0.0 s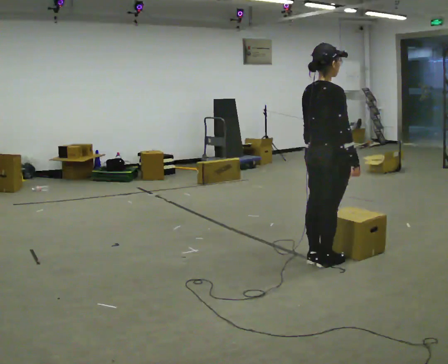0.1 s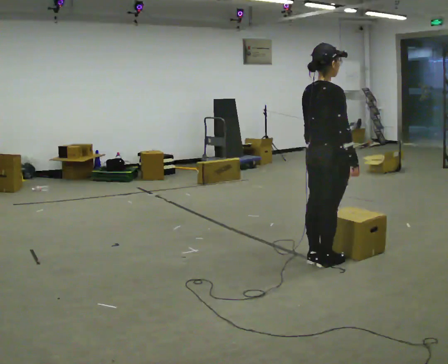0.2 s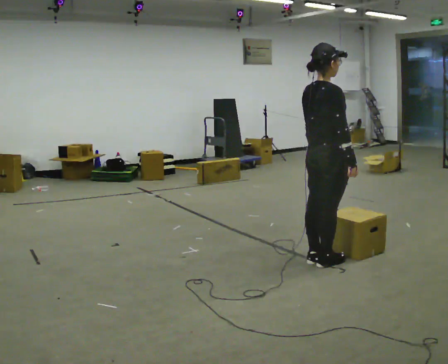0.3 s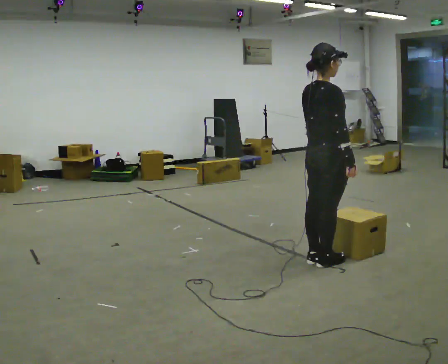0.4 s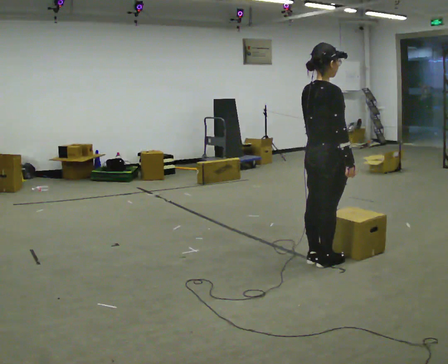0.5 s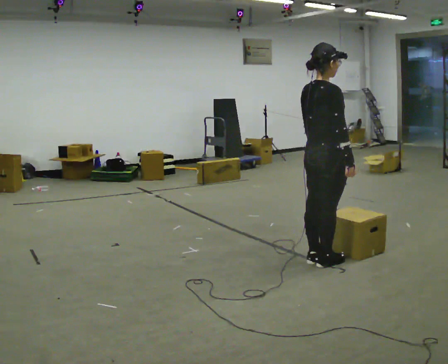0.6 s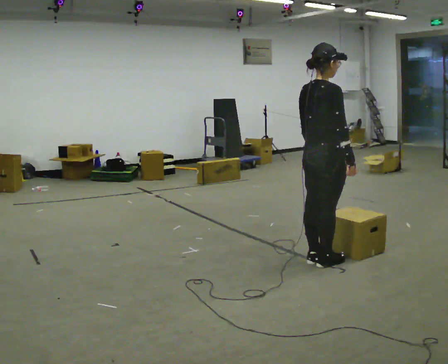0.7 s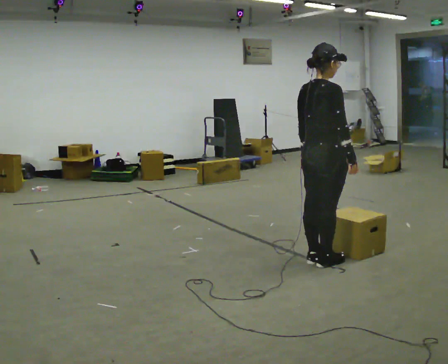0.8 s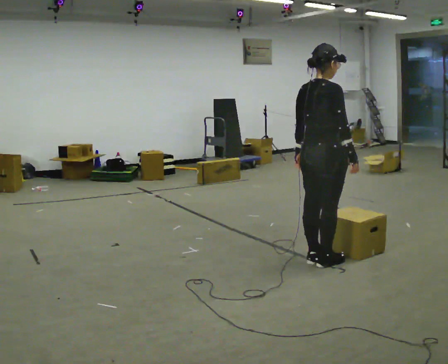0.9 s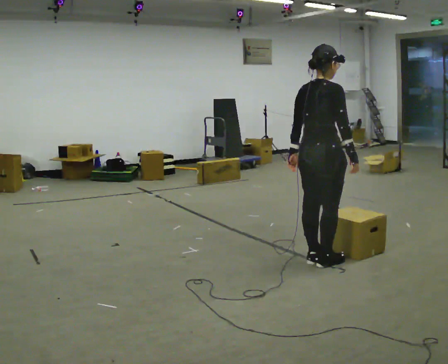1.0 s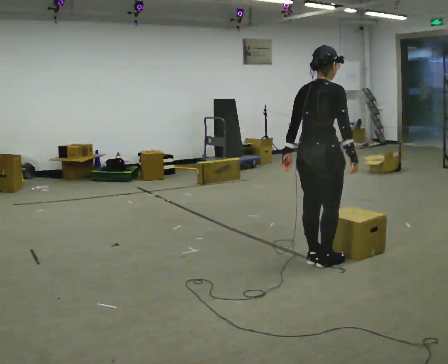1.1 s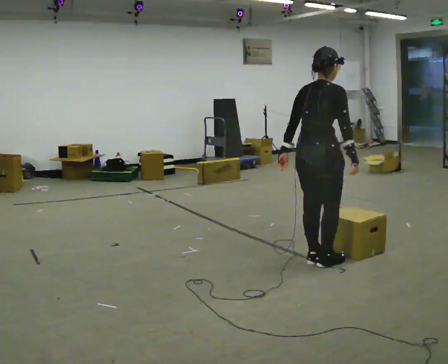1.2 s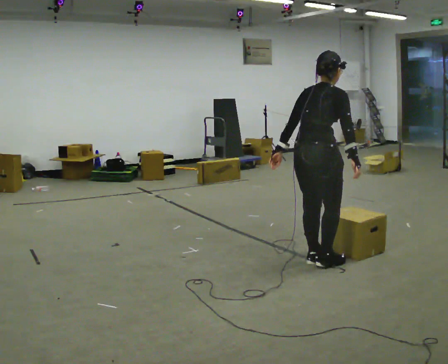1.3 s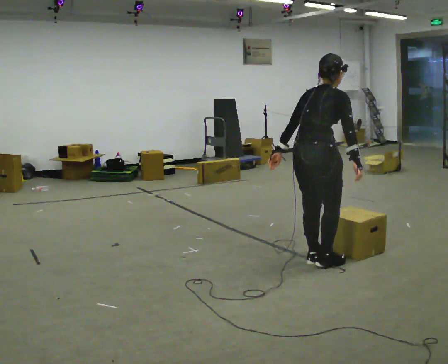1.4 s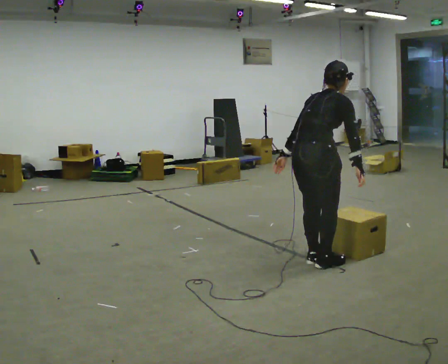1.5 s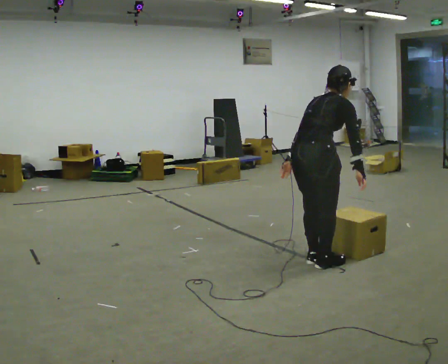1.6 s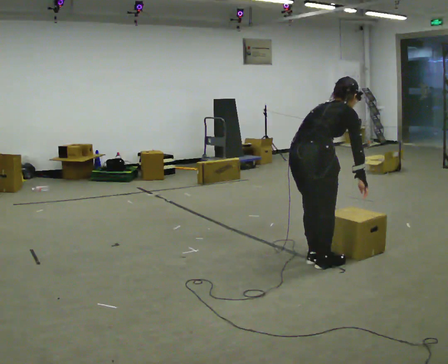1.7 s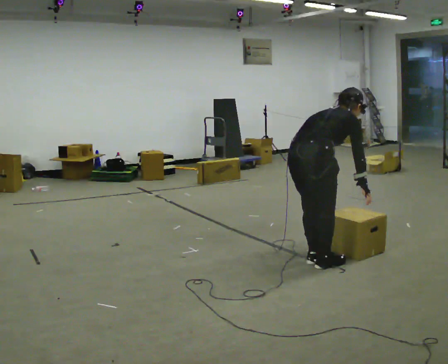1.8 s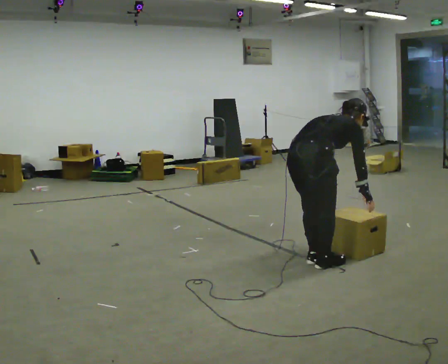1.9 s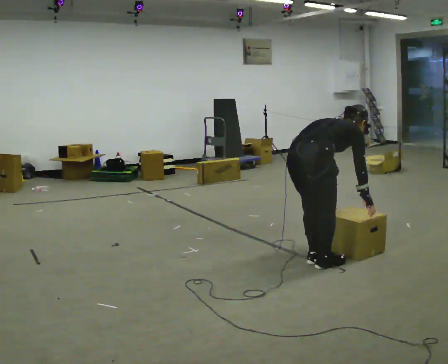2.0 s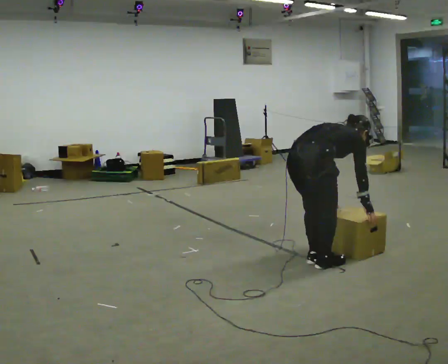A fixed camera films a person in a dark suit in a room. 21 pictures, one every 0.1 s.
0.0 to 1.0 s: The person moves a little, or ends about where they began.
1.0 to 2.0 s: The upper body goes downward. In the picture the upper body tilts clockwise, shoulders to the right, as they bend forward. In the picture their left hand goes downward and to the right.
The film runs backward here.
